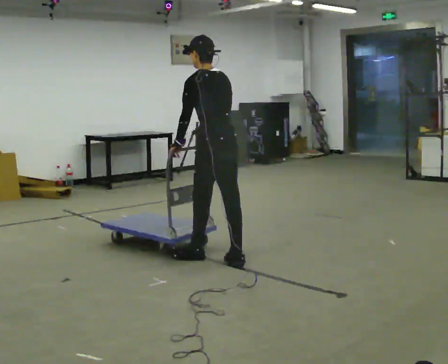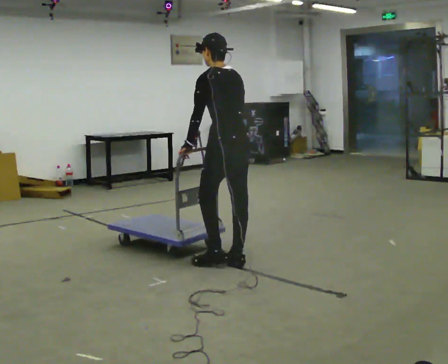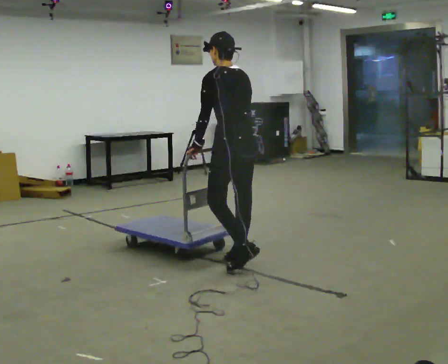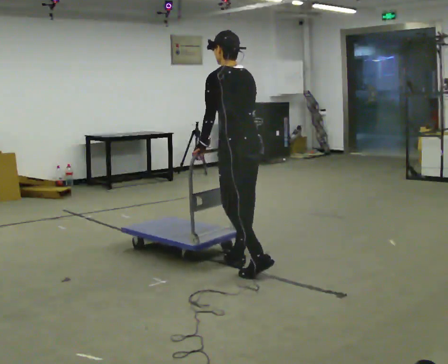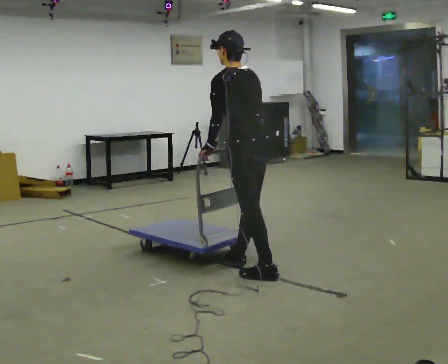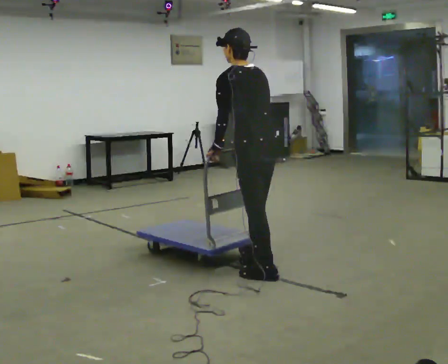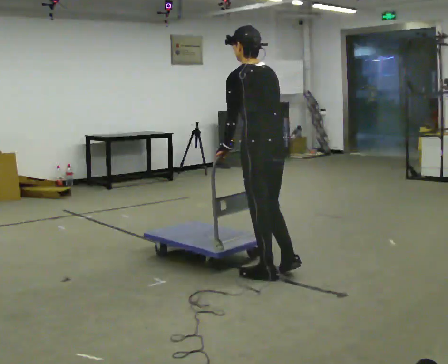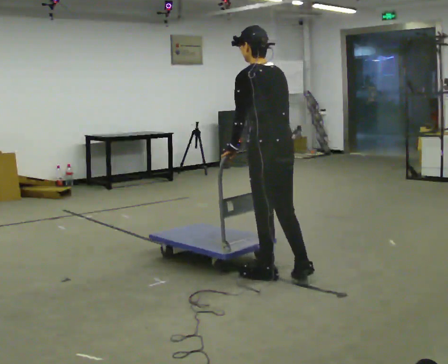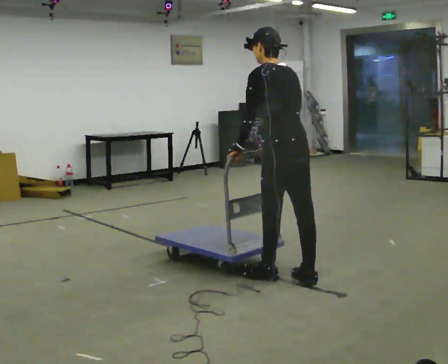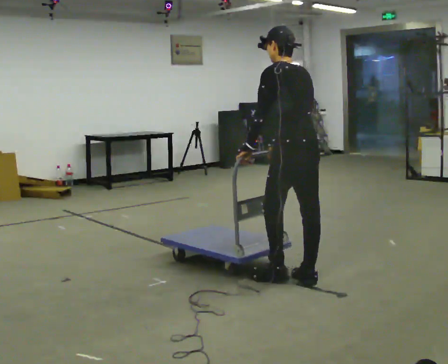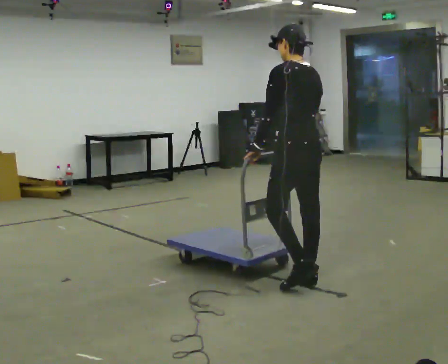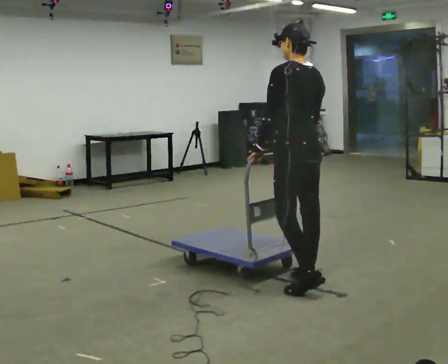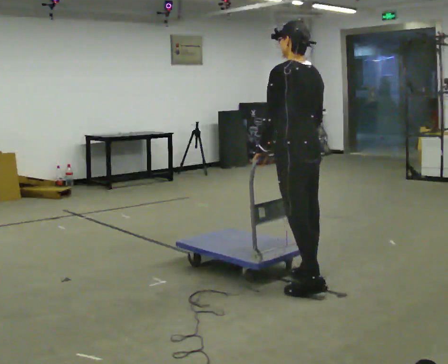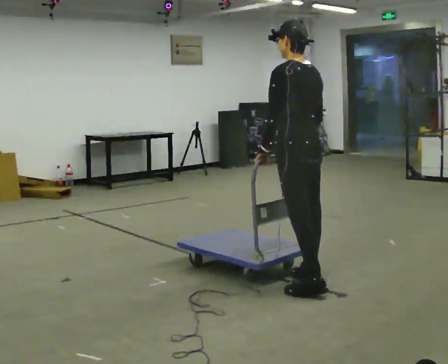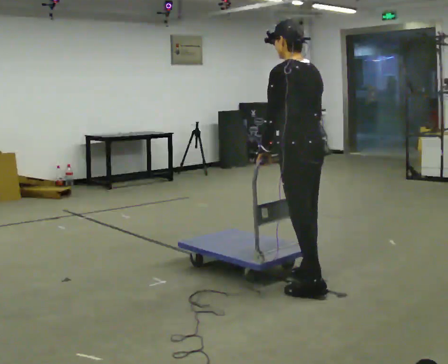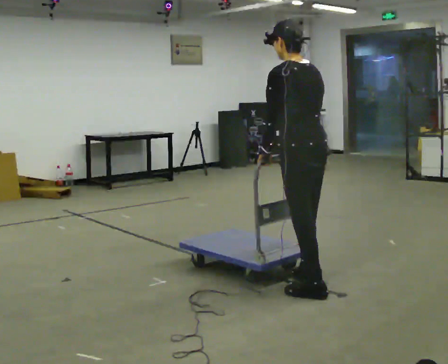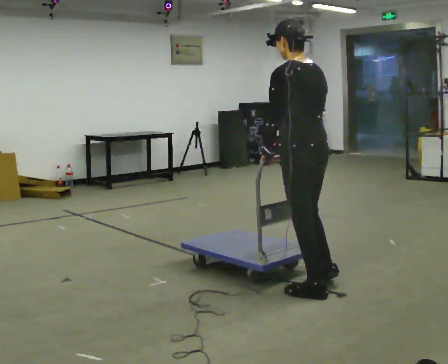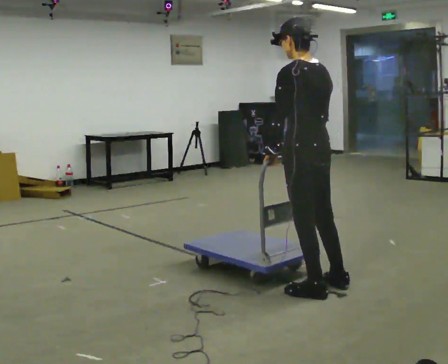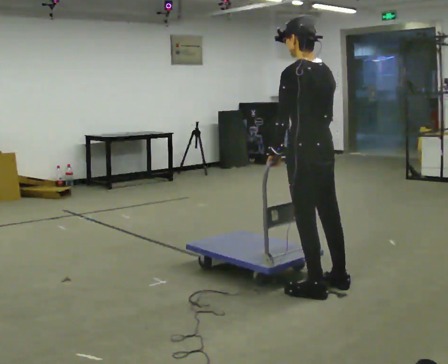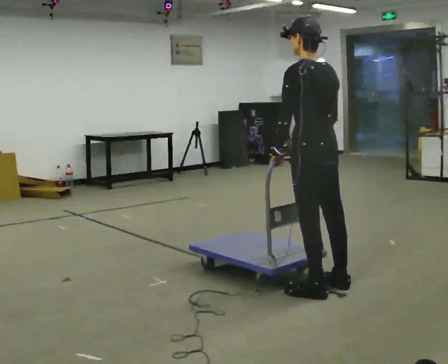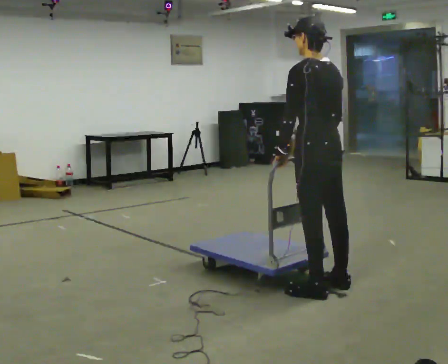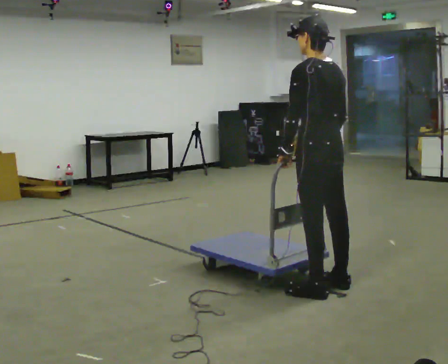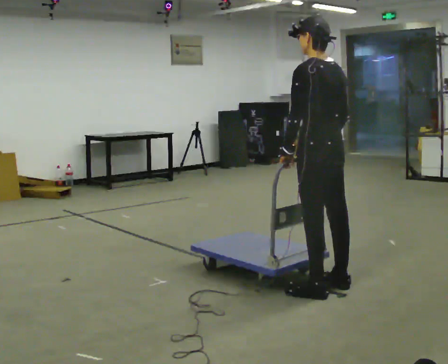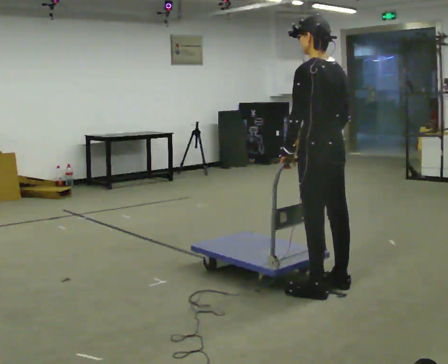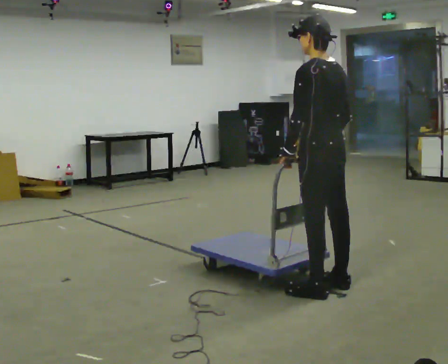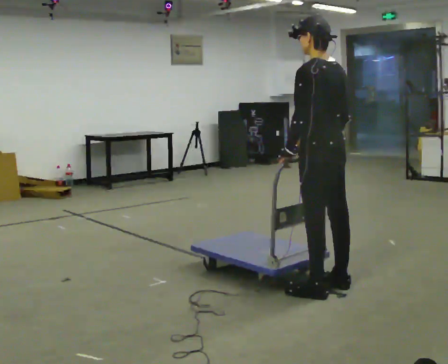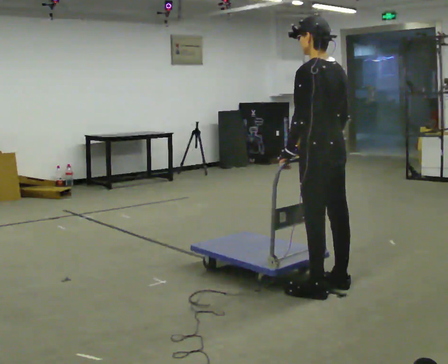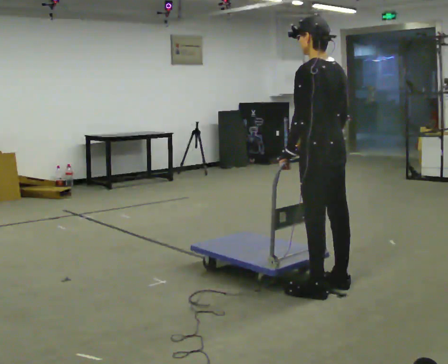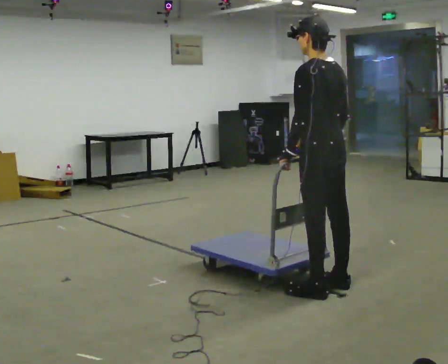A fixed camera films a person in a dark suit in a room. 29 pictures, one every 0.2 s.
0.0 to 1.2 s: In the picture they go to the right and toward the camera, about 0.5 m in 2 steps, which for them is backward.
1.2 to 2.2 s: In the picture they go to the right, about 0.25 m in 1 step, which for them is backward.
2.2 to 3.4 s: In the picture they go toward the camera, about 0.25 m in 1 step, which for them is backward.
3.4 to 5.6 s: The person moves a little, or ends about where they began.
The film runs backward here.
